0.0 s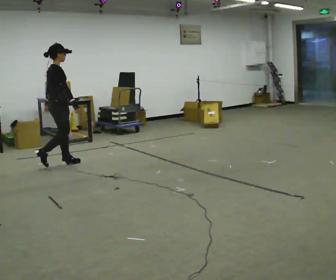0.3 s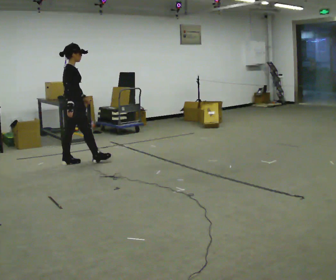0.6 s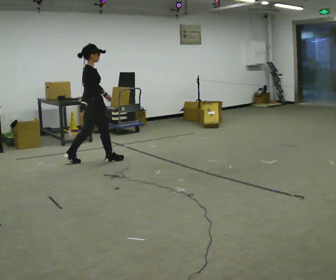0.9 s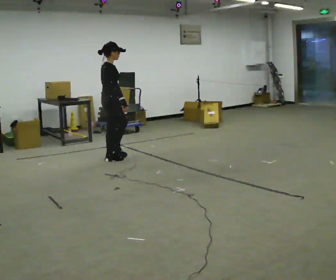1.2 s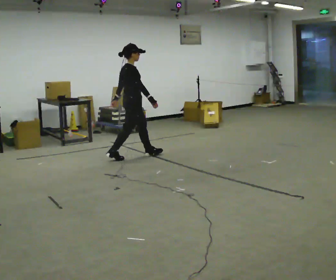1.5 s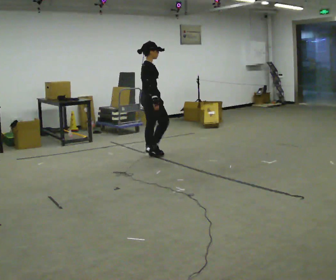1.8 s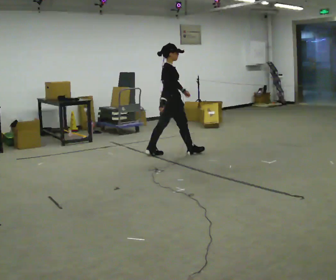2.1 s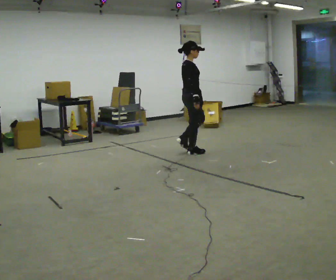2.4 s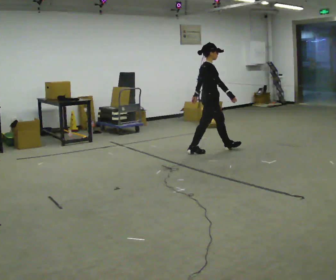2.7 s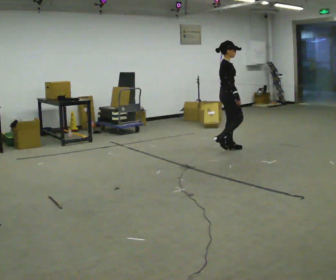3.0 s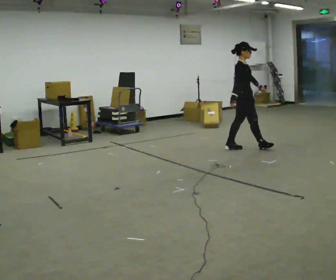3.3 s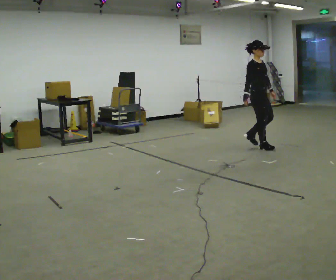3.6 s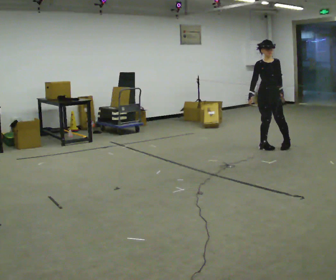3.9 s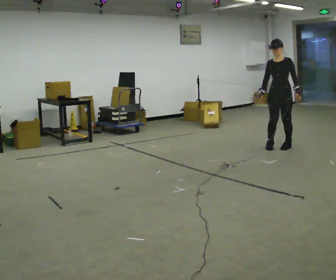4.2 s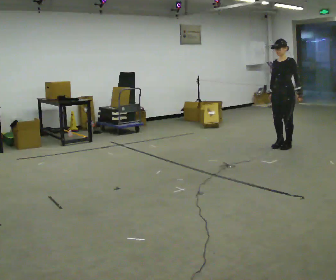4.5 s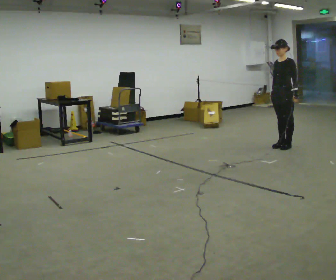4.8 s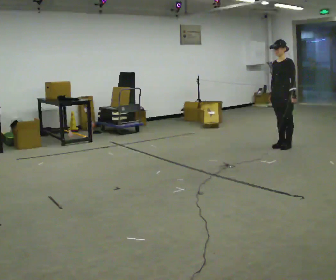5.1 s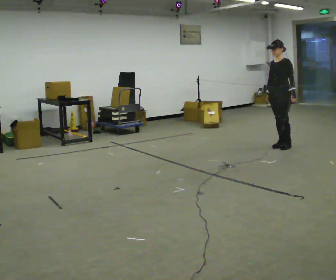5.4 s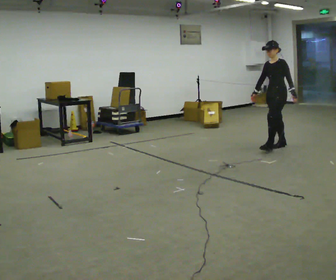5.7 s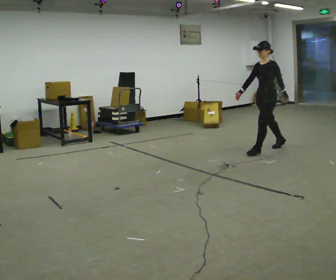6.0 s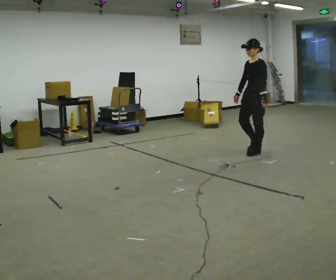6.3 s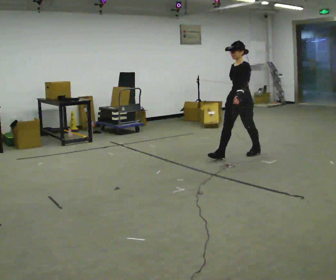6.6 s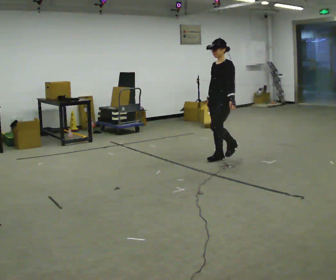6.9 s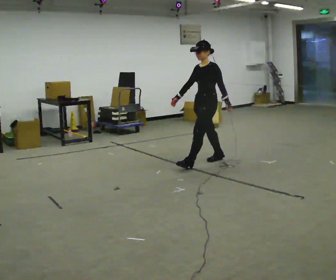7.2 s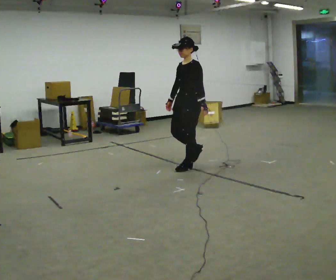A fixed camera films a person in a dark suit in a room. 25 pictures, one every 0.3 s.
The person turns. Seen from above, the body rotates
clockwise.
The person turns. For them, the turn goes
to their right.
0.0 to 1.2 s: In the picture they go to the right and away from the camera, about 1 m in 2 steps, which for them is forward.
1.2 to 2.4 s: In the picture they go to the right and away from the camera, about 1 m in 1 step, which for them is forward.
2.4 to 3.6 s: The person turns about 90 degrees to their right, clockwise seen from above, so the part of the body nearest the lens slides to the left. In the picture they go to the right, about 1 m in 2 steps.
3.6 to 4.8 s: The part of the body nearest the lens slides to the left as the person turns to their right by about 75 degrees. In the picture they go to the right, about 0.25 m in 2 steps.
4.8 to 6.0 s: In the picture they go to the left and toward the camera, about 0.5 m in 1 step, which for them is forward.
6.0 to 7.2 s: In the picture they go to the left and toward the camera, about 1 m in 2 steps, which for them is forward.
The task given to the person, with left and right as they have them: Walk through 3–5 turns in sequence; keep moving; stop at end.
The film runs forward here.
